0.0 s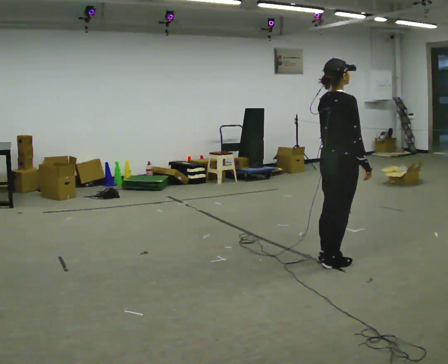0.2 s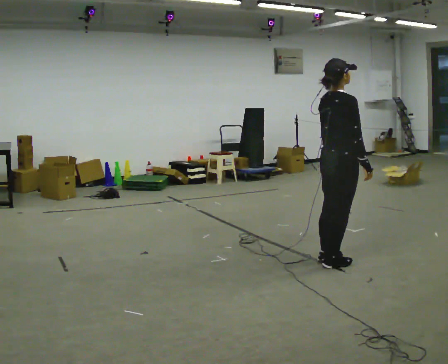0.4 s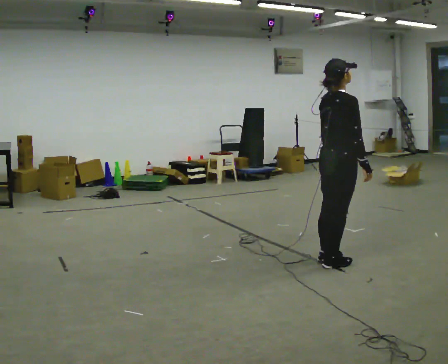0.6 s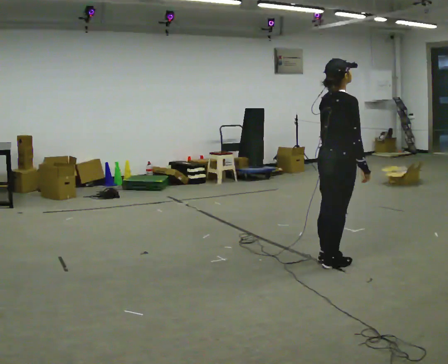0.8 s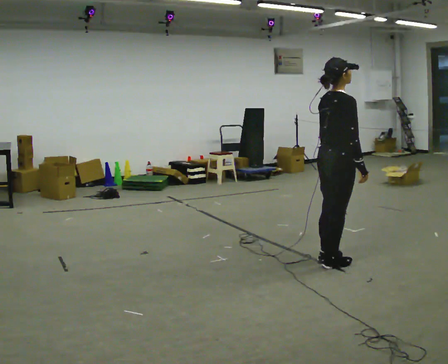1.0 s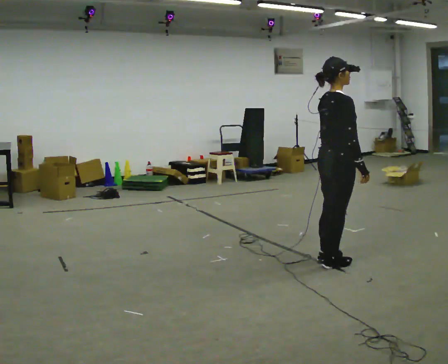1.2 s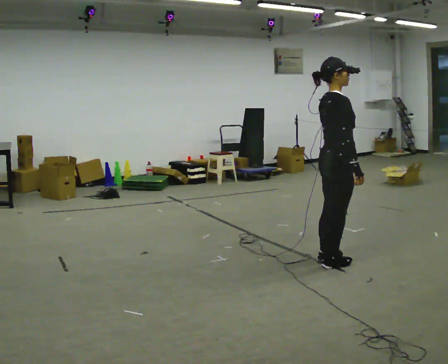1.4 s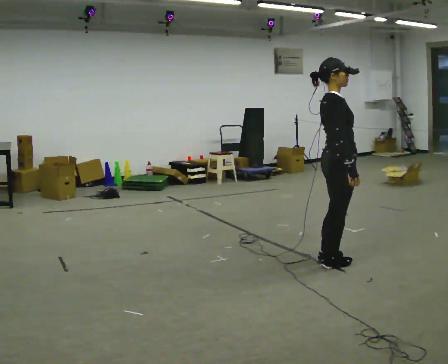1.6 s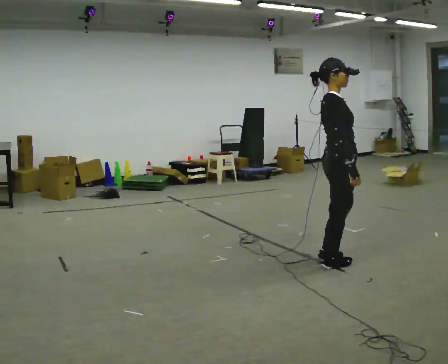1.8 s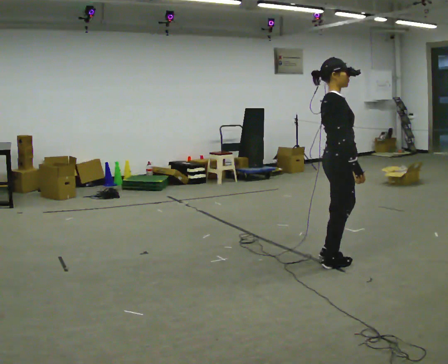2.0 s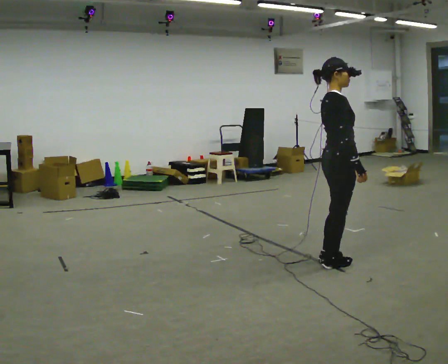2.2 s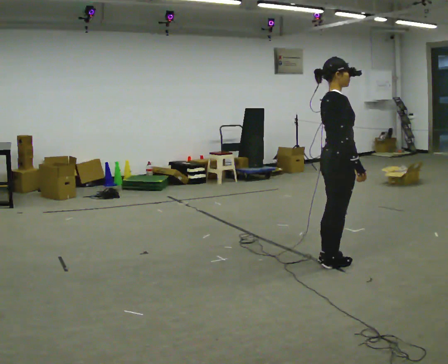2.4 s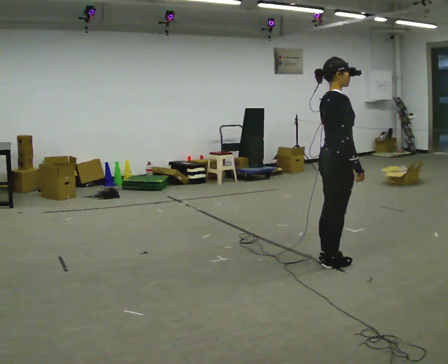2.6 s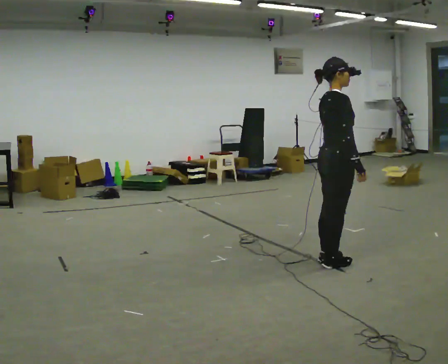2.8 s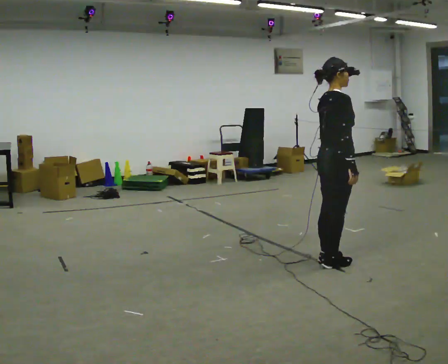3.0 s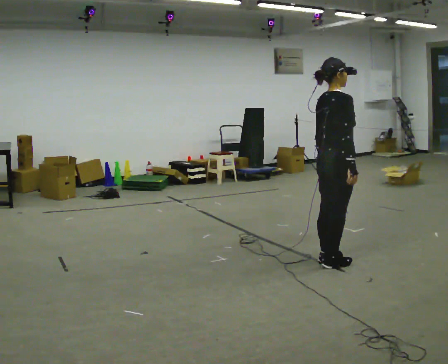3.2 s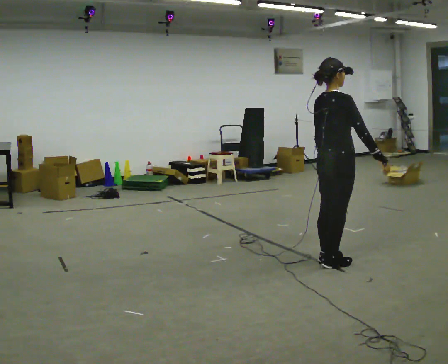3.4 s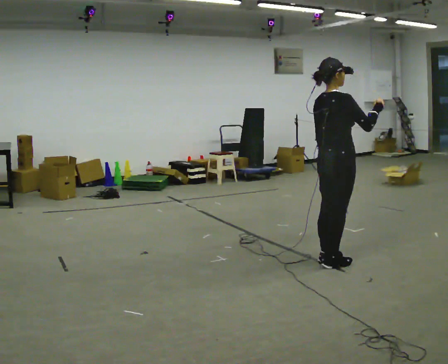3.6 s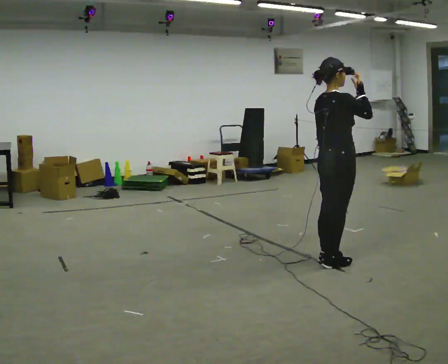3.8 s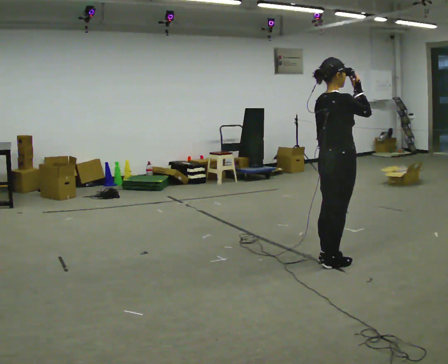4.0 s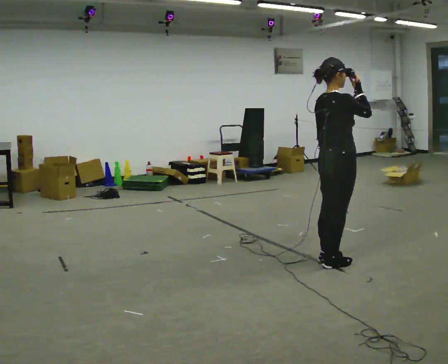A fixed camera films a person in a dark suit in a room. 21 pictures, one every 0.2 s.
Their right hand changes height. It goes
upward.
0.0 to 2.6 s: The person moves a little, or ends about where they began.
2.6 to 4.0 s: In the picture their right hand goes upward.
The film runs backward here.
